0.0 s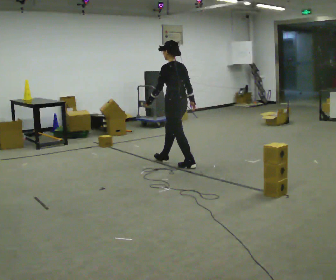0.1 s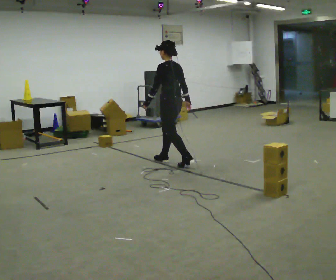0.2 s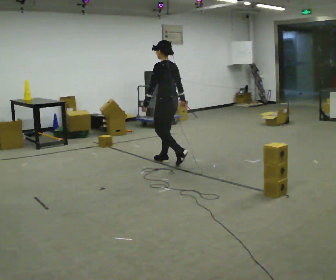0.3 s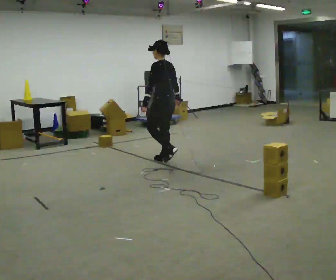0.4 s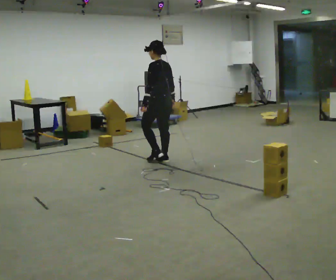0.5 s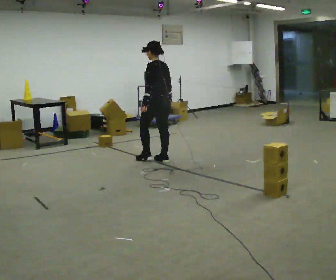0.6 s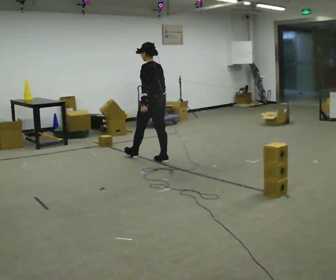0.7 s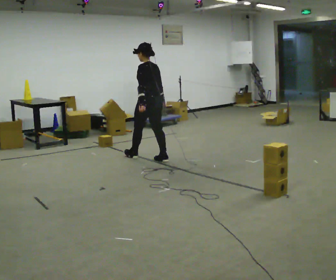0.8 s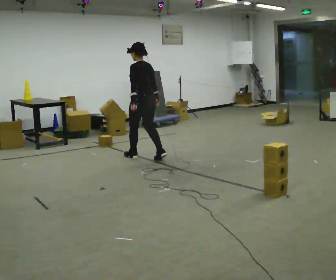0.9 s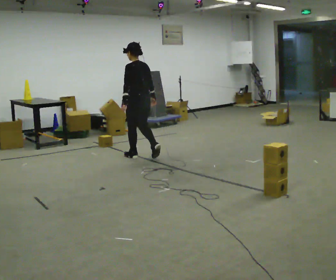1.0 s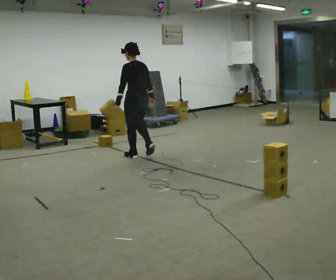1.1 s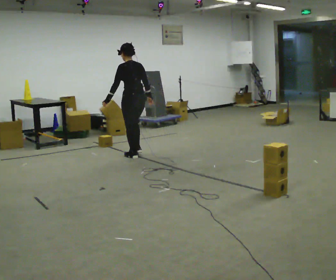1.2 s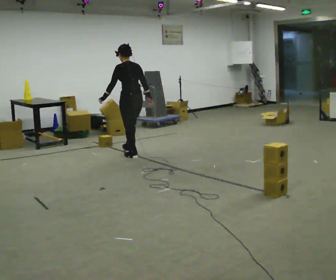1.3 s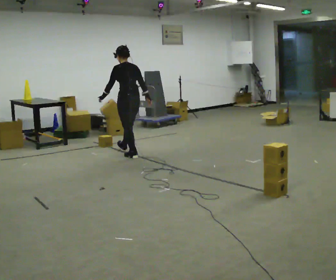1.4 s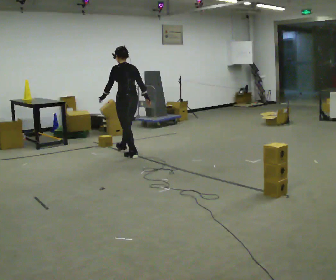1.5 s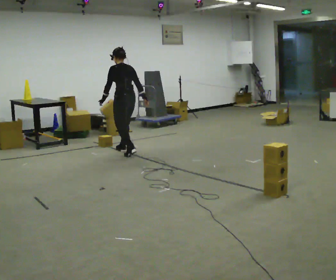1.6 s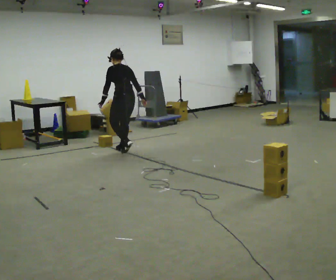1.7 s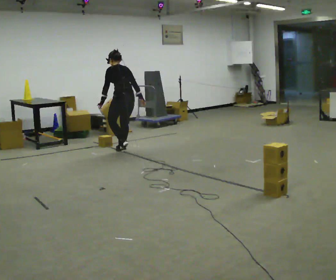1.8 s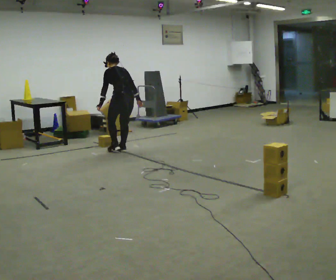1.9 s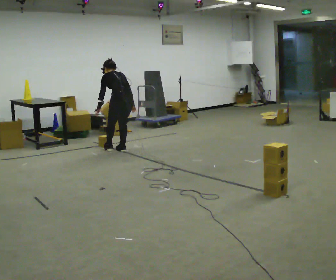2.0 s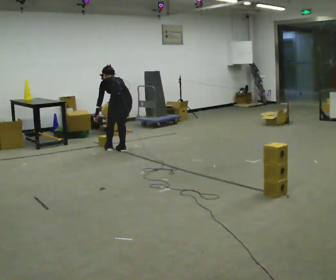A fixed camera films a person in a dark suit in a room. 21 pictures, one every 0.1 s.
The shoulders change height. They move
downward.
The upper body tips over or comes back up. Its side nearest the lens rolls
upward.
0.0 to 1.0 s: In the picture they go away from the camera and to the left, about 0.75 m in 1 step, which for them is forward.
1.0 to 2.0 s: In the picture they go away from the camera and to the left, about 0.5 m in 2 steps, which for them is forward. The shoulders move downward. The upper body tips away from the camera, its near side rolling upward, as they bend forward.
The film runs forward here.
